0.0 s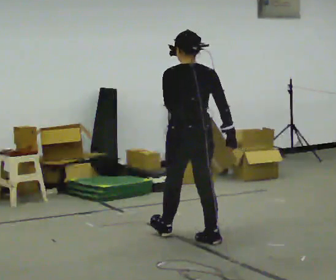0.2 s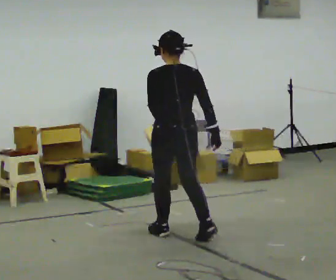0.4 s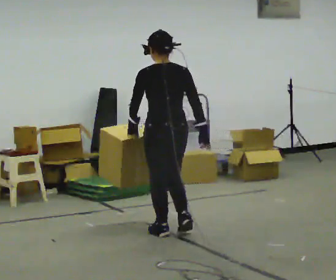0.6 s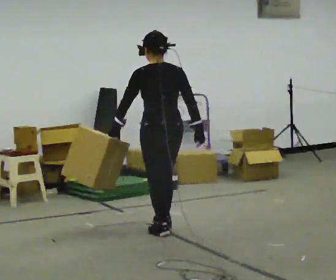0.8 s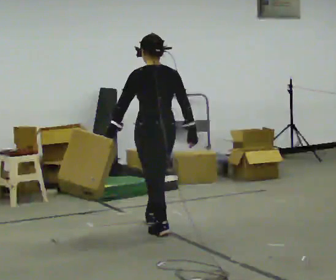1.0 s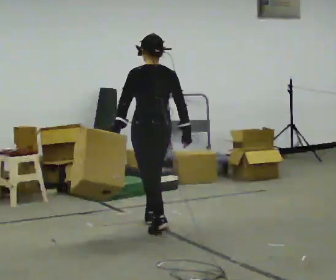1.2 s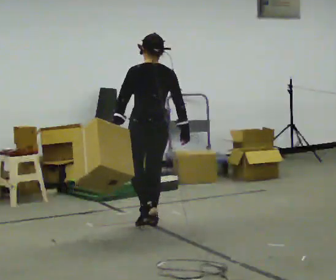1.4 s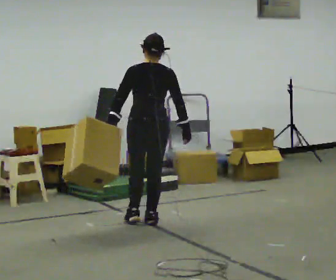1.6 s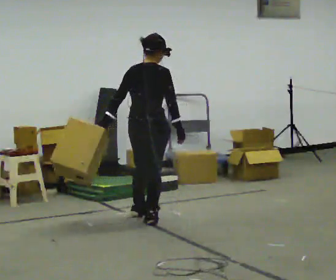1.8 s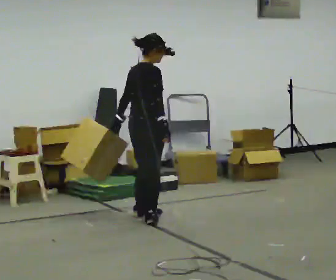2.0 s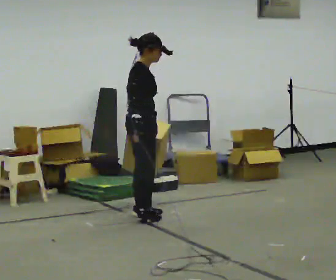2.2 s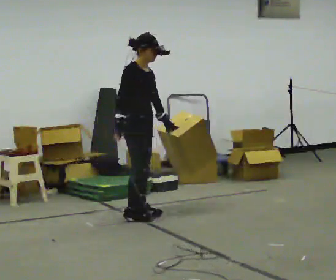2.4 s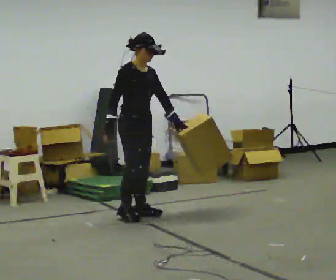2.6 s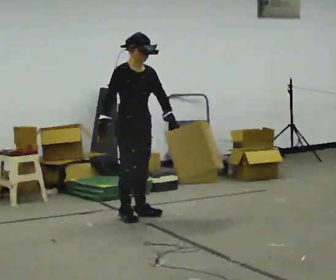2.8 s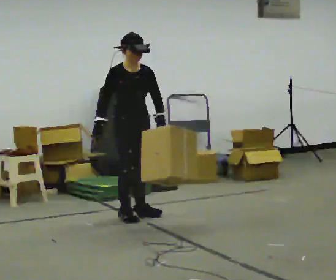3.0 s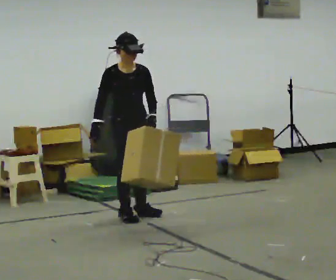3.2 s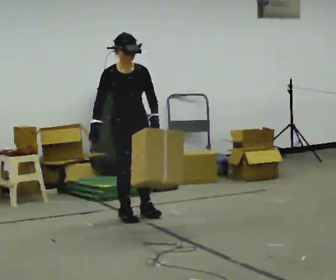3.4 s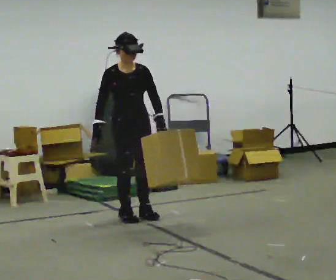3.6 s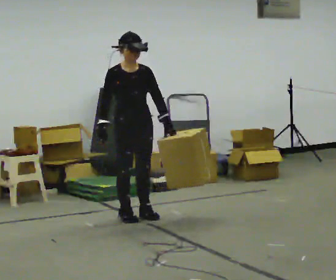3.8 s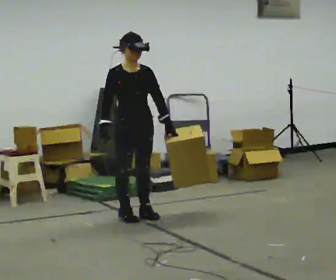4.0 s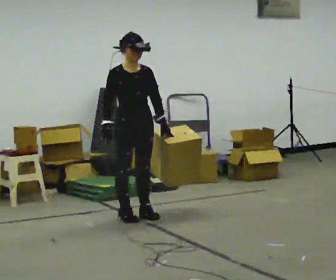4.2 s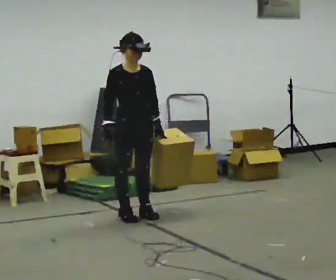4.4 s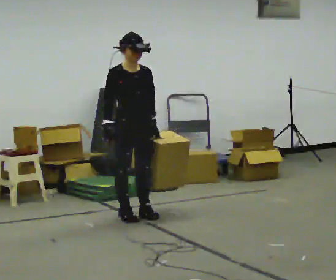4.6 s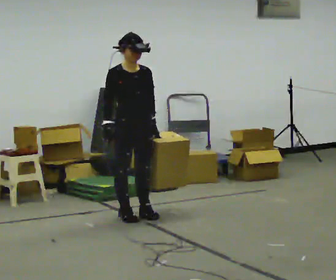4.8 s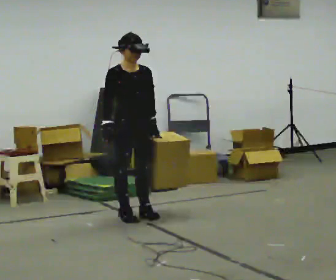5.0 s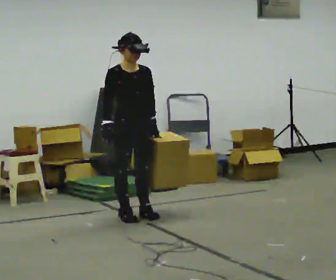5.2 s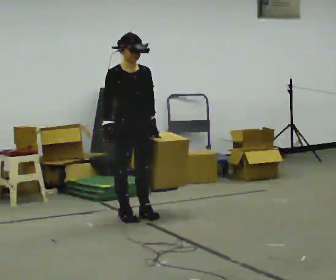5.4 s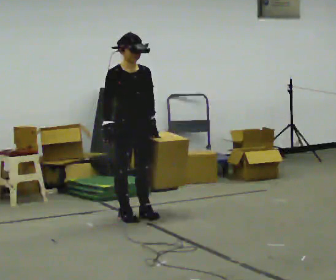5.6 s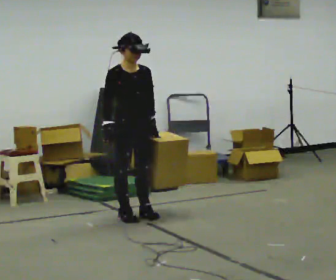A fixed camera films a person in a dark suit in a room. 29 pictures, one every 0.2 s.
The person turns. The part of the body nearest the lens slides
to the left.
The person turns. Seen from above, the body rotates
clockwise.
0.0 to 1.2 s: In the picture they go away from the camera and to the left, about 0.75 m in 2 steps, which for them is forward.
1.2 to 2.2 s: Seen from above the body turns clockwise, about 135 degrees: to their right, with its near side sliding to the left. In the picture they go away from the camera, about 0.25 m in 1 step.
2.2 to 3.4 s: The person turns about 45 degrees to their right, clockwise seen from above, so the part of the body nearest the lens slides to the left.
3.4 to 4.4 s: The person moves a little, or ends about where they began.
4.4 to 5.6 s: The person keeps their place and pose.
The film runs forward here.
